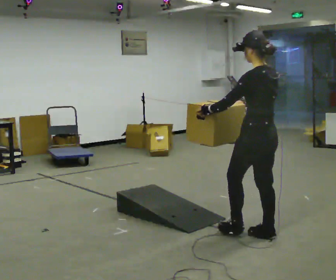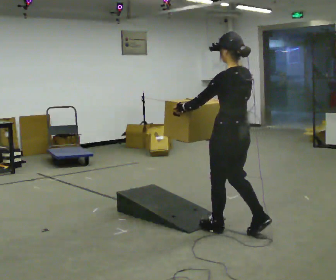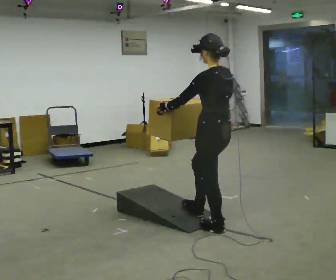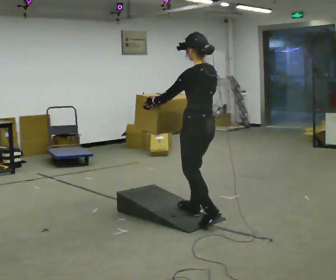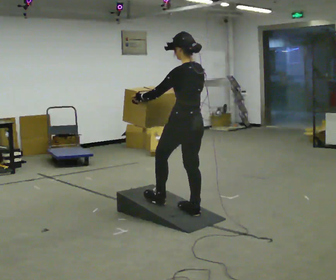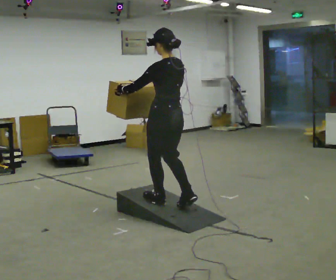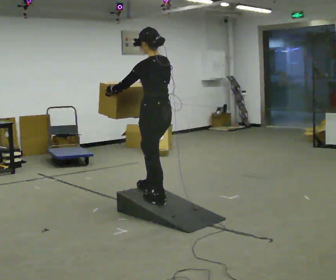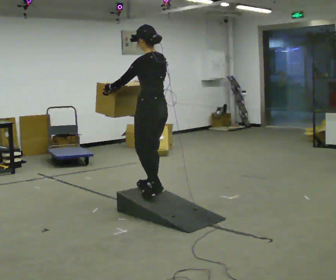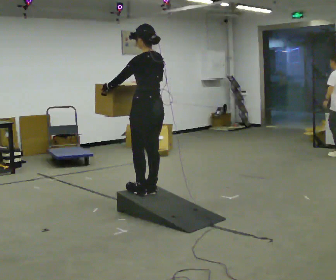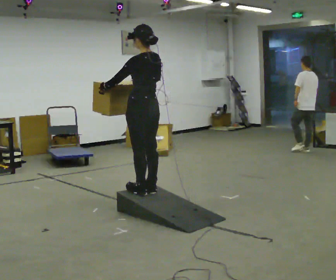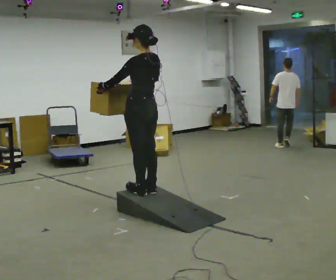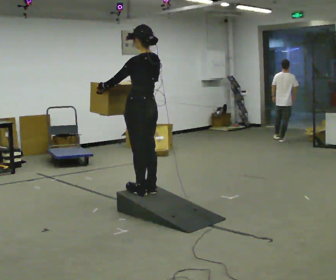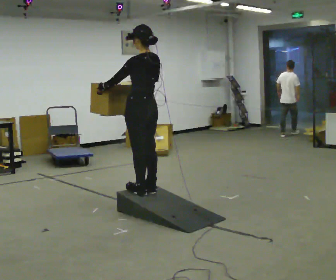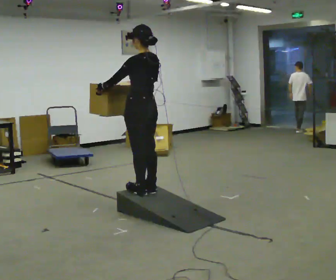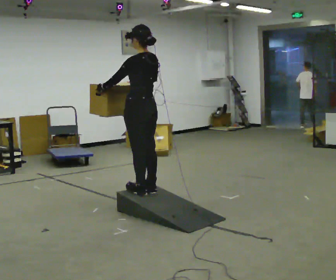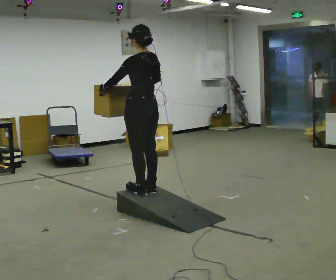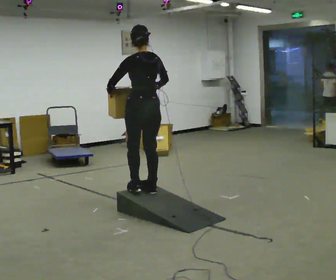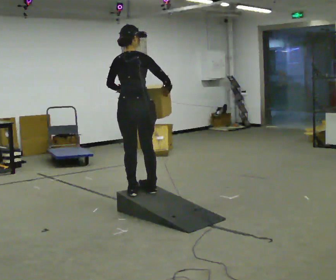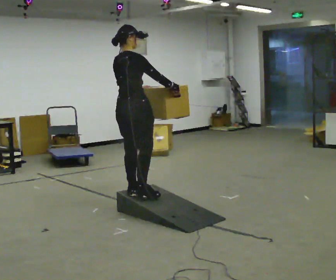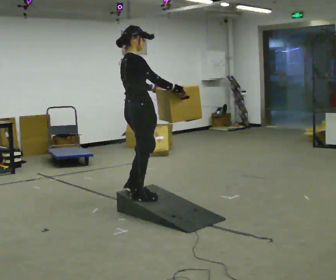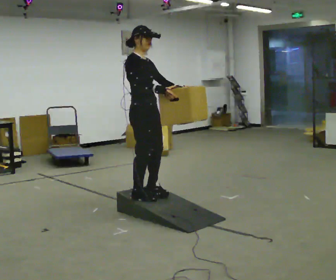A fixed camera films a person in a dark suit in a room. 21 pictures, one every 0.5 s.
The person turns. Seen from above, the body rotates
clockwise.
The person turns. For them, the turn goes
to their right.
0.0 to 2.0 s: In the picture they go away from the camera and to the left, about 1 m in 3 steps, which for them is forward.
2.0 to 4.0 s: In the picture they go away from the camera and to the left, about 0.5 m in 2 steps, which for them is forward.
4.0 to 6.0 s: The person moves a little, or ends about where they began.
6.0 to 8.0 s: The part of the body nearest the lens slides to the left as the person turns to their right by about 30 degrees.
8.0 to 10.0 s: Seen from above the body turns clockwise, about 135 degrees: to their right, with its near side sliding to the left.
The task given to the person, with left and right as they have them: Carry the box up the ramp, turn at the top, and carry it back down. Keep going until the operator says stop; one object at a time, and do not rush between trips.
The film runs forward here.
